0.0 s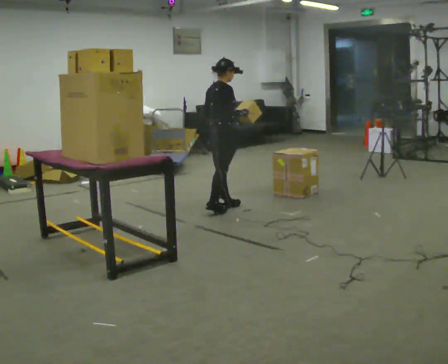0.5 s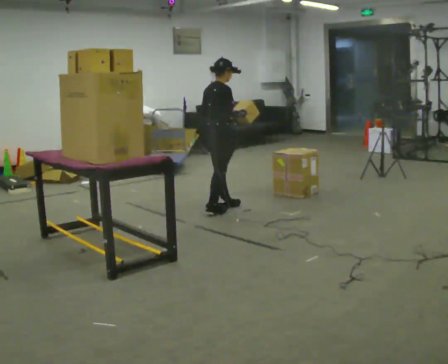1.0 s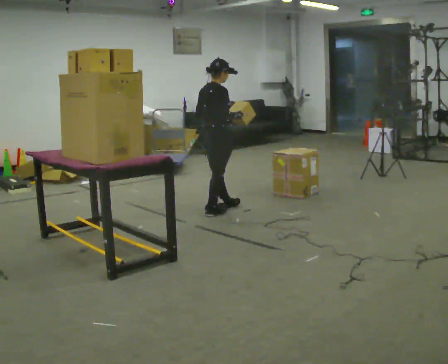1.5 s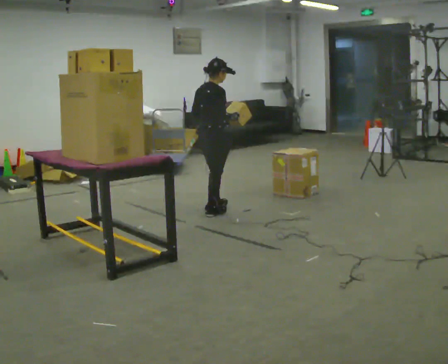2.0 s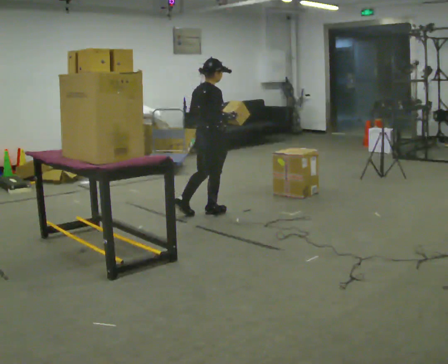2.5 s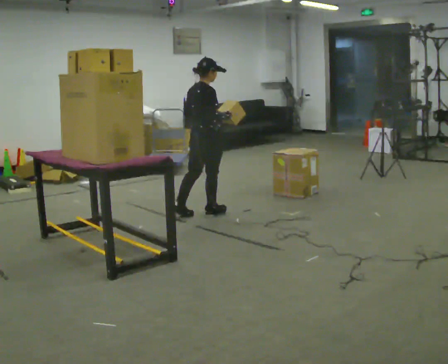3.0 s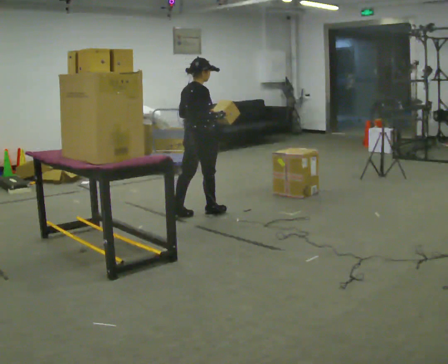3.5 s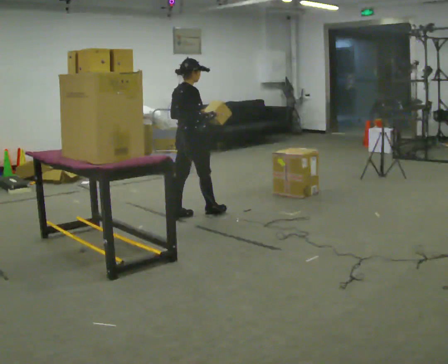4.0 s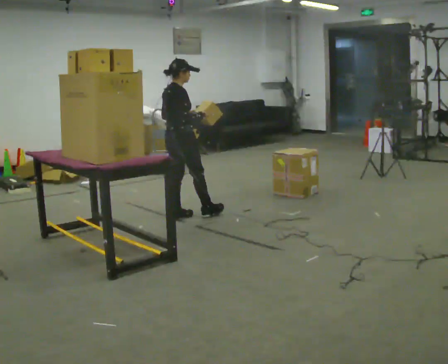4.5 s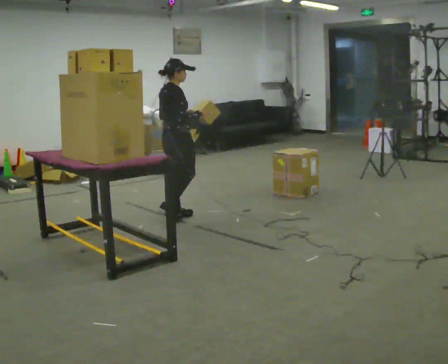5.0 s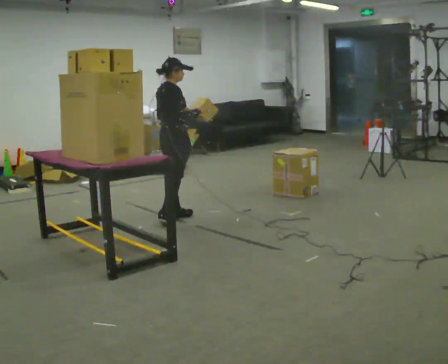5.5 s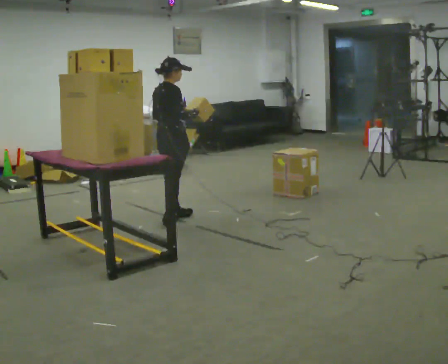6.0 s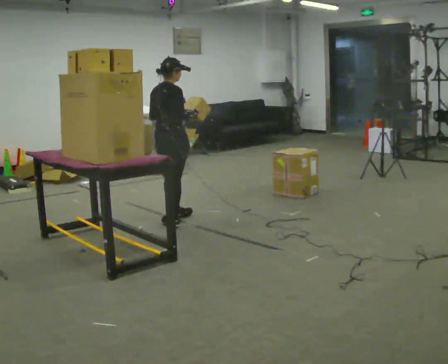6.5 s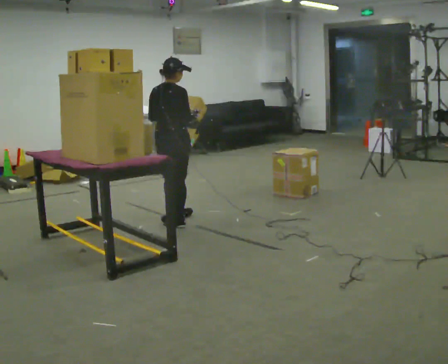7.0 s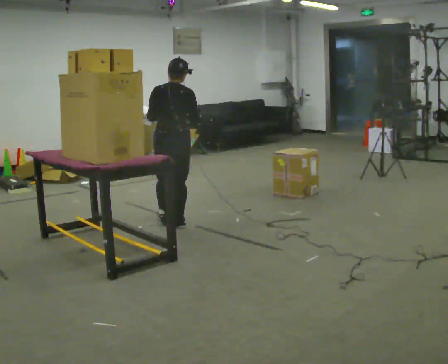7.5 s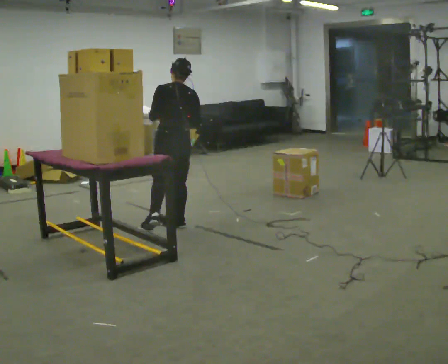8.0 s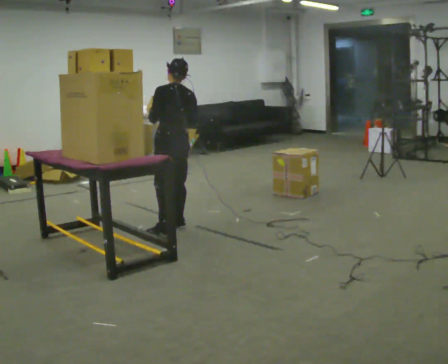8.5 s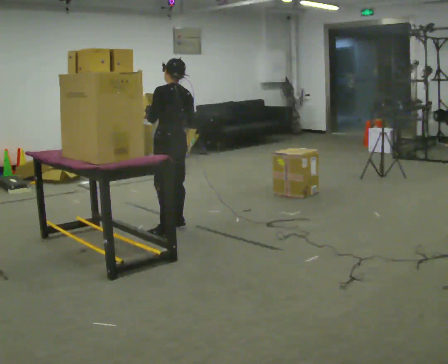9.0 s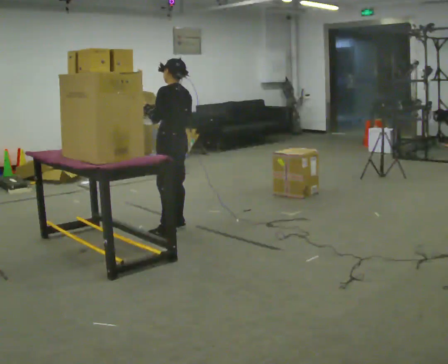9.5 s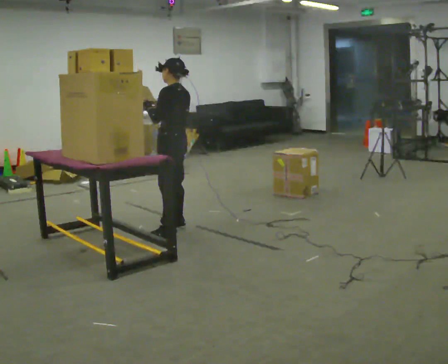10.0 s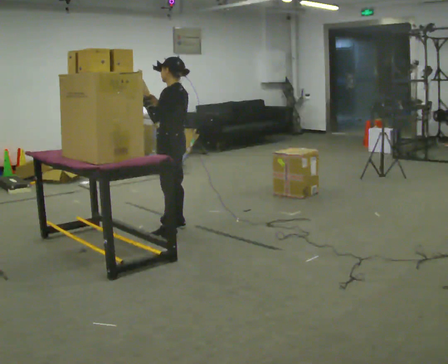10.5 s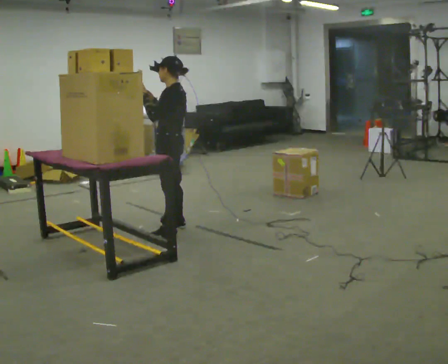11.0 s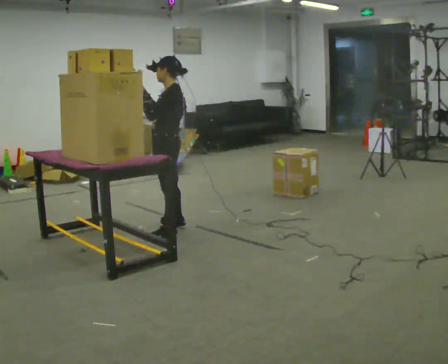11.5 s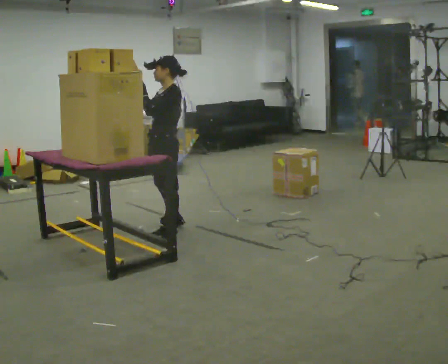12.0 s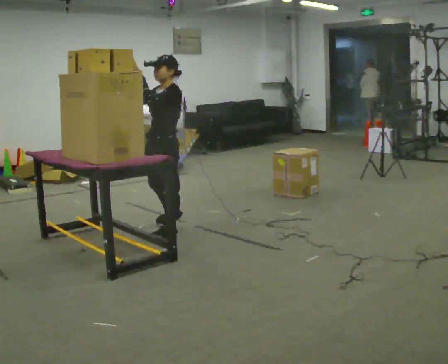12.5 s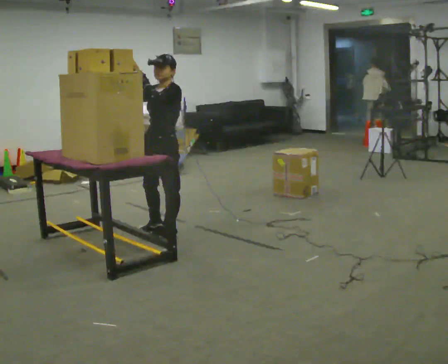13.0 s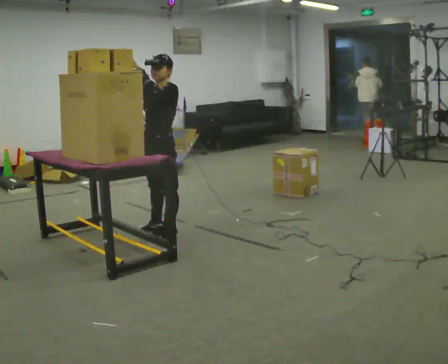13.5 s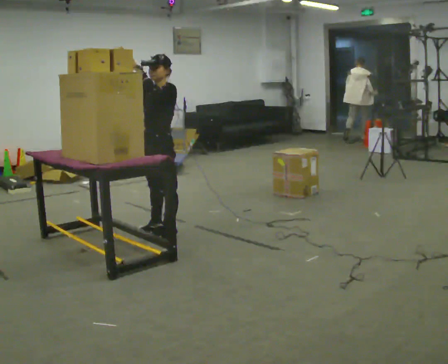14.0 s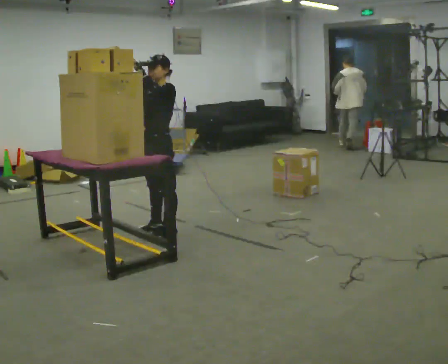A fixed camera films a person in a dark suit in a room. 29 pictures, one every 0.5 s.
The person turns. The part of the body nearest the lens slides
to the right.
The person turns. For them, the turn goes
to their left.
0.0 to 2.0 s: In the picture they go toward the camera and to the left, about 0.25 m in 1 step, which for them is backward.
2.0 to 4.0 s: In the picture they go to the left, about 0.25 m in 1 step, which for them is backward and to their left.
4.0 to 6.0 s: The person moves a little, or ends about where they began.
6.0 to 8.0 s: Seen from above the body turns counterclockwise, about 75 degrees: to their left, with its near side sliding to the right. In the picture they go toward the camera, about 0.25 m in 1 step.
8.0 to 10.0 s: The part of the body nearest the lens slides to the right as the person turns to their left by about 30 degrees.
10.0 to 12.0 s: The part of the body nearest the lens slides to the right as the person turns to their left by about 30 degrees. In the picture they go toward the camera, about 0.25 m, which for them is to their left.
12.0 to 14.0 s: The person moves a little, or ends about where they began.
The film runs backward here.
